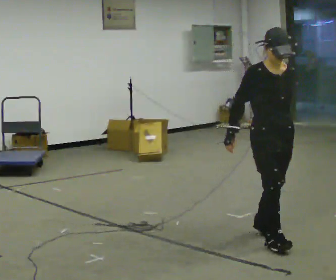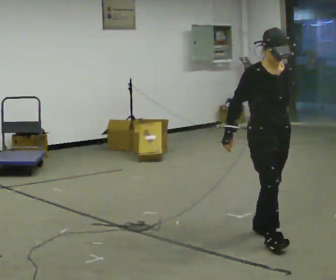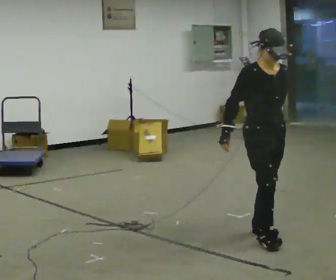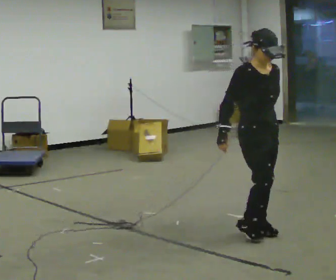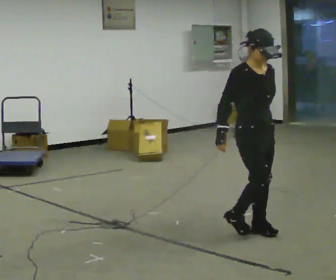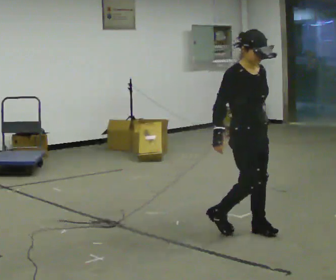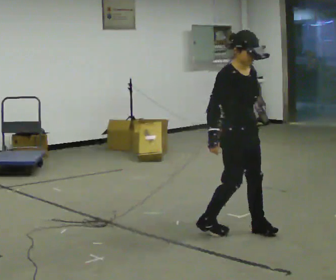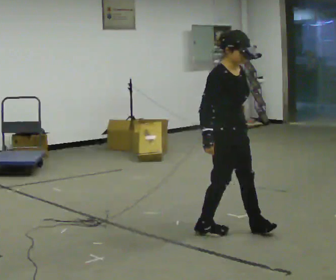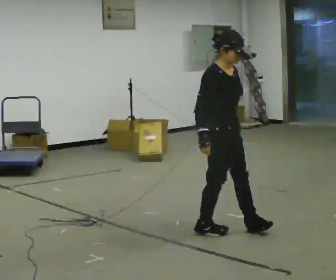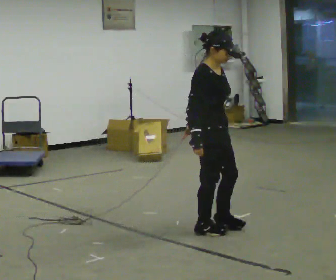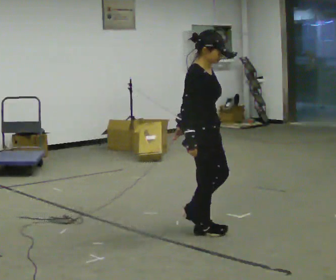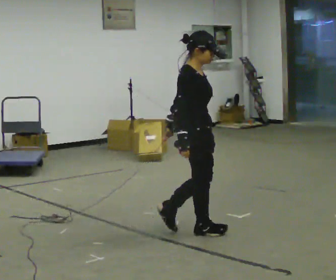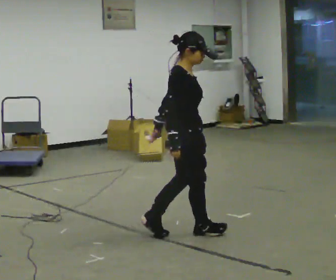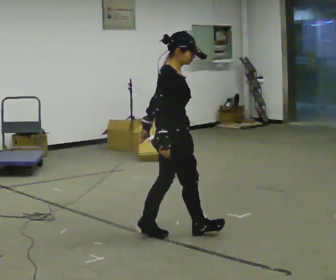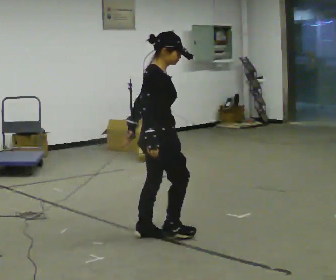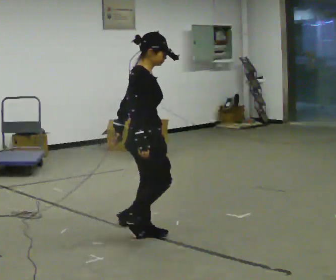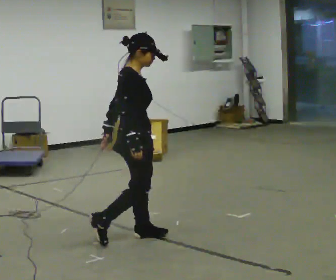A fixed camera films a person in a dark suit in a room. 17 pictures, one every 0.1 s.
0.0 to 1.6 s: Seen from above the body turns counterclockwise, about 75 degrees: to their left, with its near side sliding to the right. In the picture they go to the left, about 1 m in 3 steps.
The film runs backward here.
